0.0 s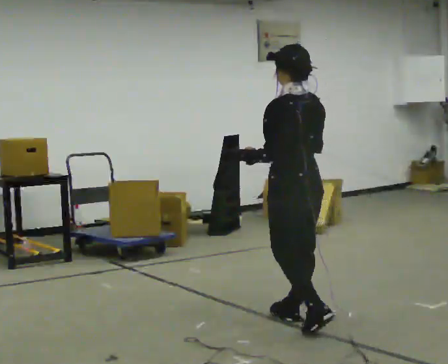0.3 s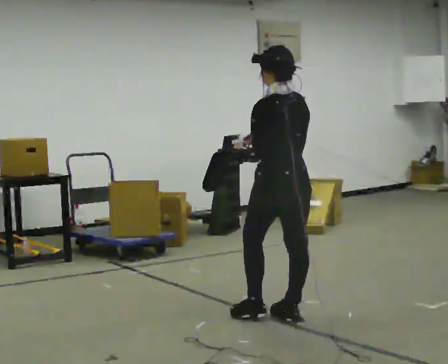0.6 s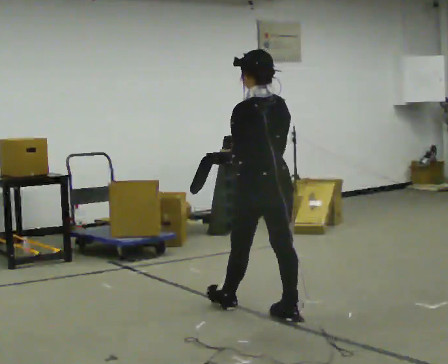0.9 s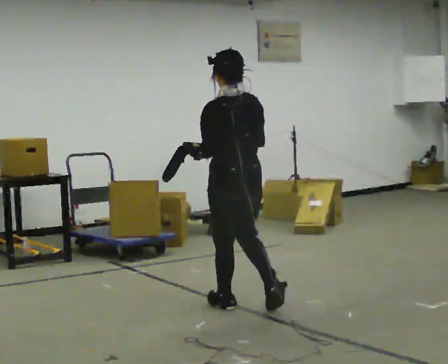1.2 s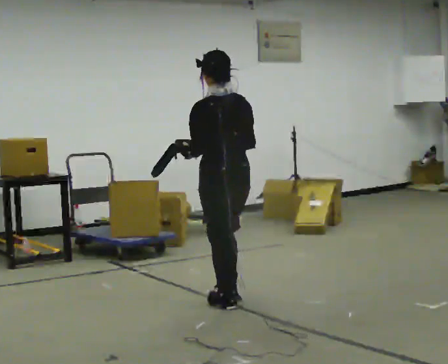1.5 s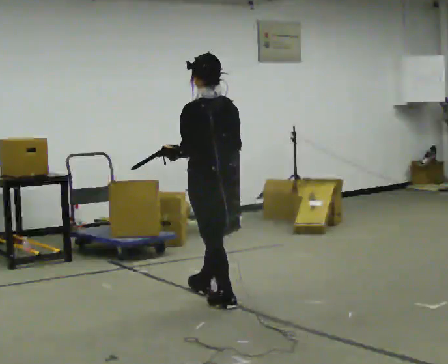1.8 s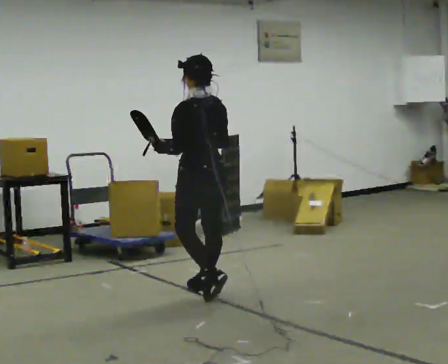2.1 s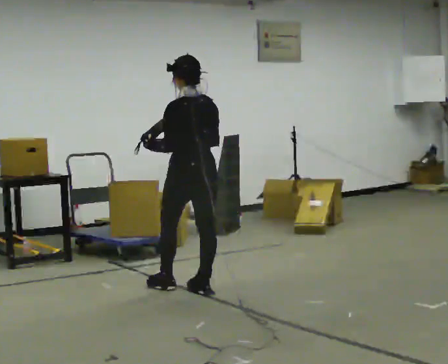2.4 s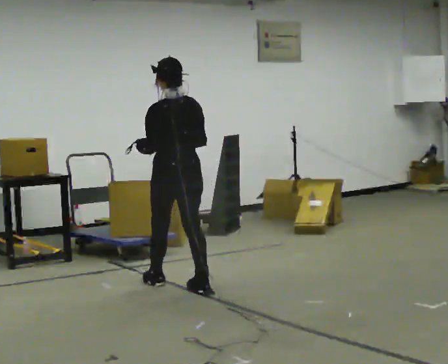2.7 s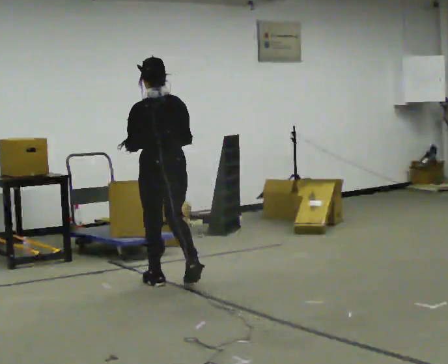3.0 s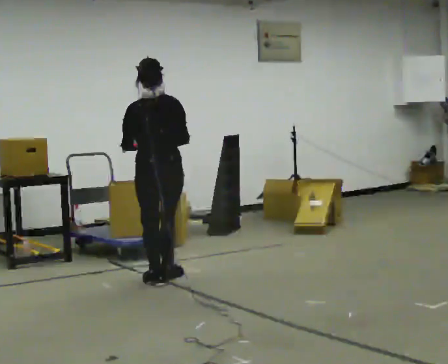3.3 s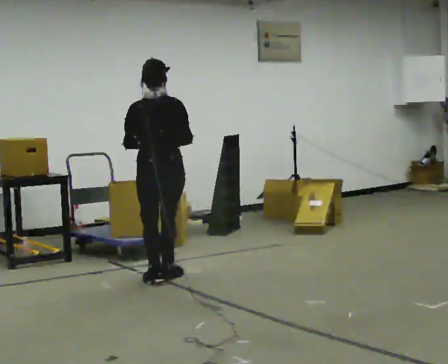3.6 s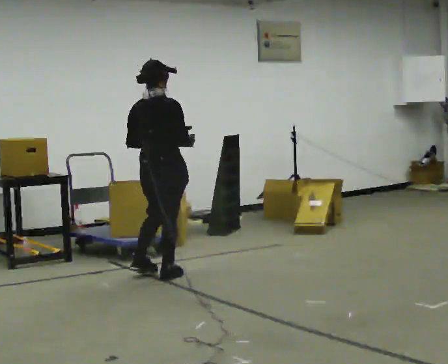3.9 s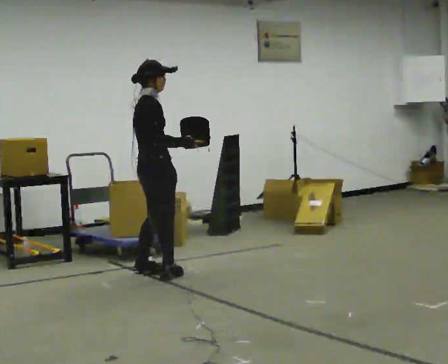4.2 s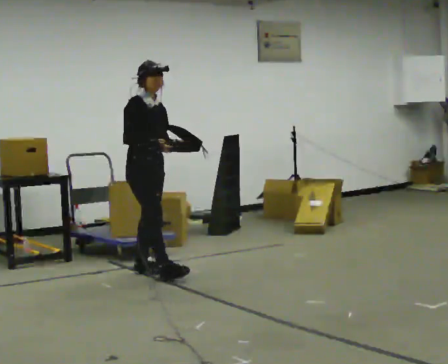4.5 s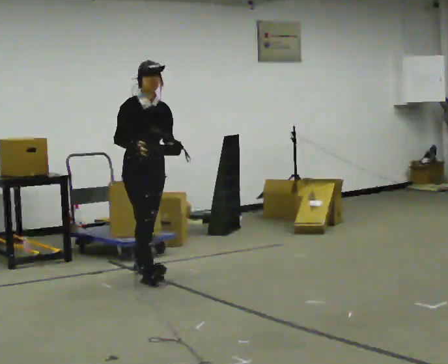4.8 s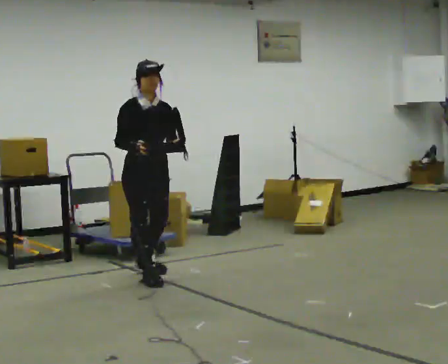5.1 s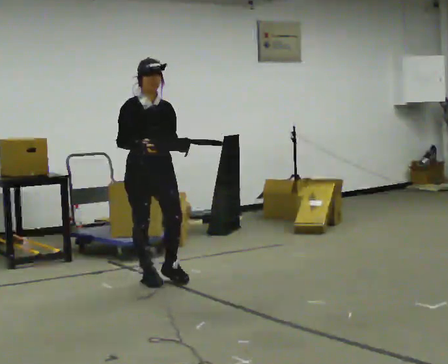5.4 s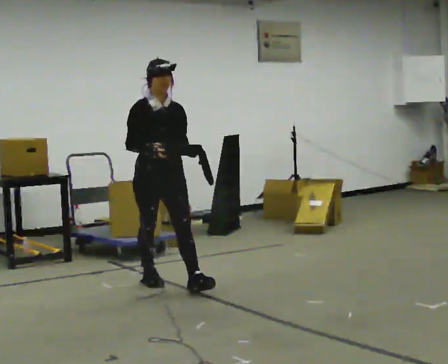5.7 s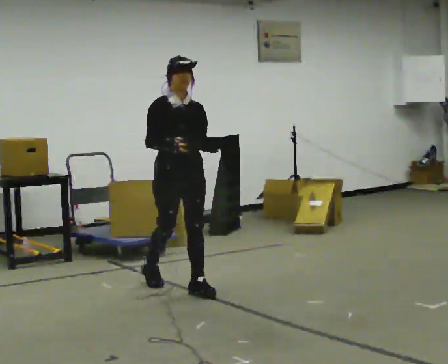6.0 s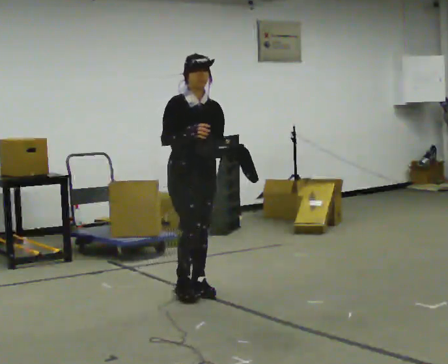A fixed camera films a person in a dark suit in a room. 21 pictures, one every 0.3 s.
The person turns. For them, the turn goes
to their right.
The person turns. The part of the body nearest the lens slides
to the left.
0.0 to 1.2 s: In the picture they go away from the camera and to the left, about 0.5 m in 1 step, which for them is forward.
1.2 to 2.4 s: In the picture they go away from the camera and to the left, about 0.75 m in 2 steps, which for them is forward.
2.4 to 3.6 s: Seen from above the body turns clockwise, about 60 degrees: to their right, with its near side sliding to the left. In the picture they go away from the camera, about 0.25 m in 1 step.
3.6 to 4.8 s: Seen from above the body turns clockwise, about 105 degrees: to their right, with its near side sliding to the left. In the picture their right hand goes to the left.
4.8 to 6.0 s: In the picture they go toward the camera and to the right, about 0.5 m in 1 step, which for them is forward.
The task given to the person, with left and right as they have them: Carry the open container and, while walking, reach in with one hand and take an item out, then put it back. Repeat as you walk. Do not stop.
The film runs forward here.
